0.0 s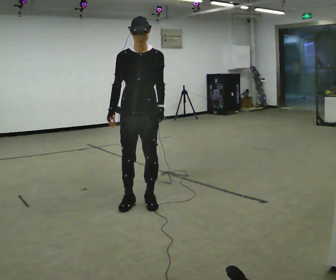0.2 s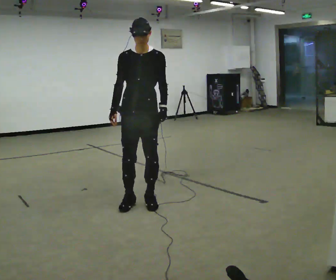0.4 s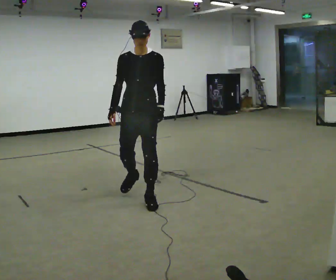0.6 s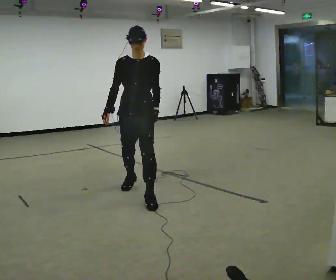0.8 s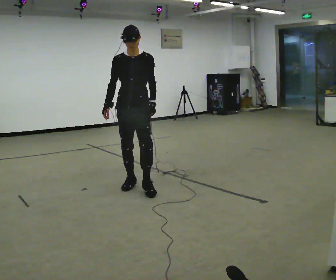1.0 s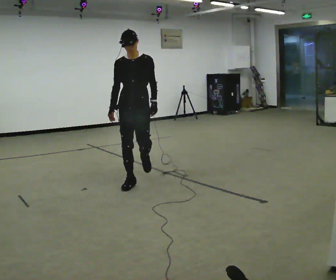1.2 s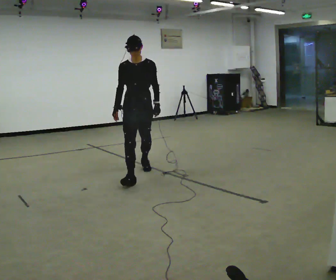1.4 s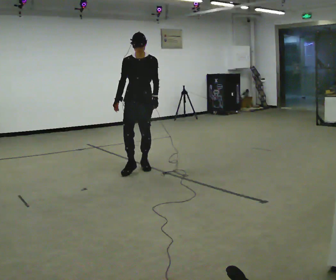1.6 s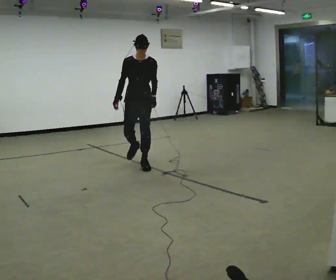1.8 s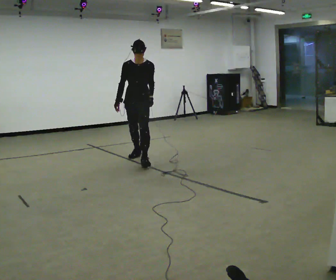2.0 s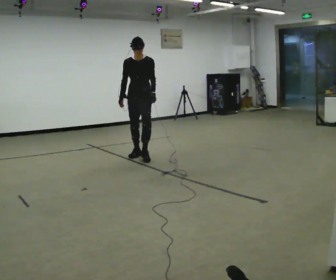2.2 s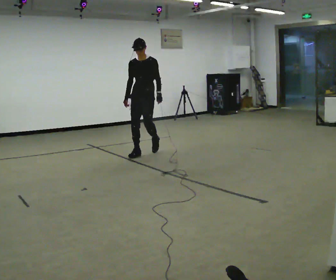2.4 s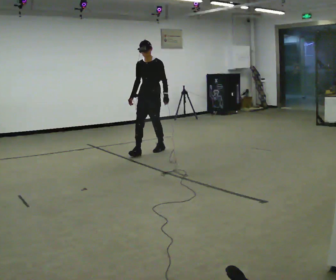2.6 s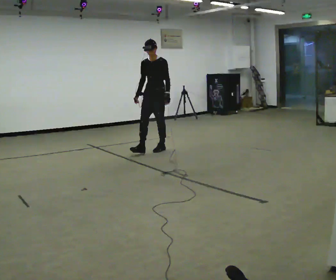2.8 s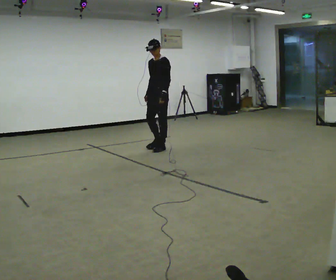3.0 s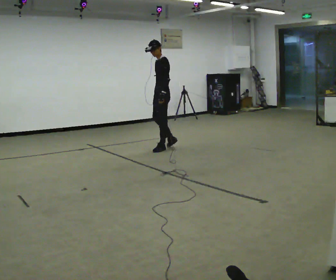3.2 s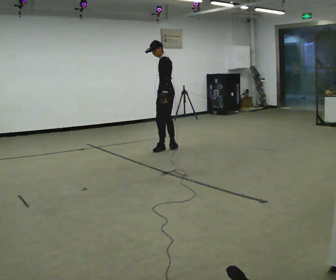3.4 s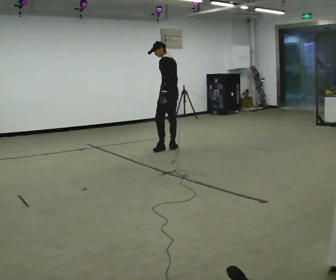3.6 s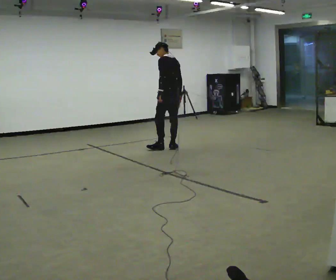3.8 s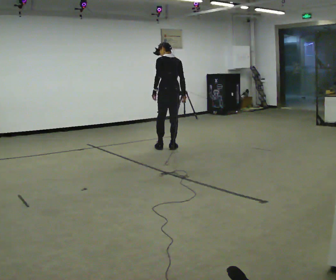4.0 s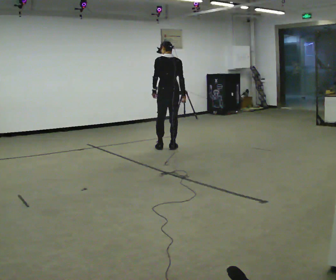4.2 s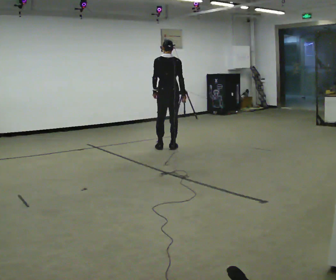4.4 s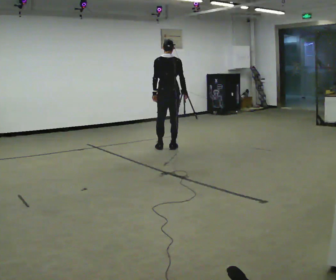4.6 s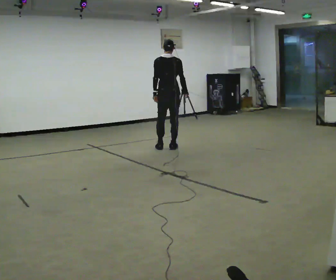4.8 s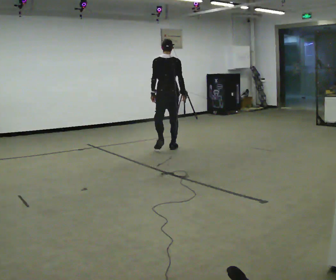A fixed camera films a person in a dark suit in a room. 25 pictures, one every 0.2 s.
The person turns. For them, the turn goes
to their right.
The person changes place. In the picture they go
away from the camera.
0.0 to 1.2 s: In the picture they go away from the camera, about 1 m in 3 steps, which for them is backward.
1.2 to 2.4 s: In the picture they go away from the camera, about 1.5 m in 1 step, which for them is backward.
2.4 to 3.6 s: Seen from above the body turns clockwise, about 120 degrees: to their right, with its near side sliding to the left. In the picture they go to the right and away from the camera, about 0.5 m in 1 step. The upper body tips away from the camera, its near side rolling upward.
3.6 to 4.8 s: Seen from above the body turns clockwise, about 45 degrees: to their right, with its near side sliding to the left. In the picture they go toward the camera, about 0.25 m in 1 step, which for them is backward.
The film runs backward here.
